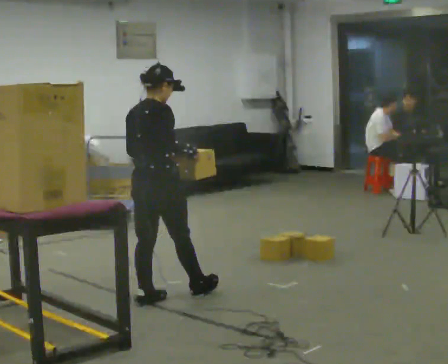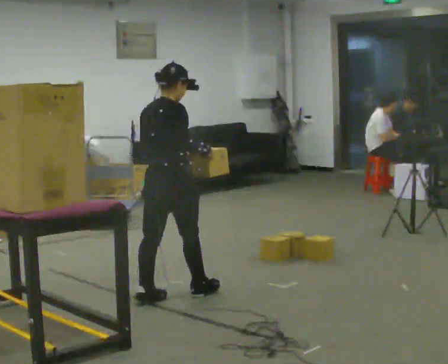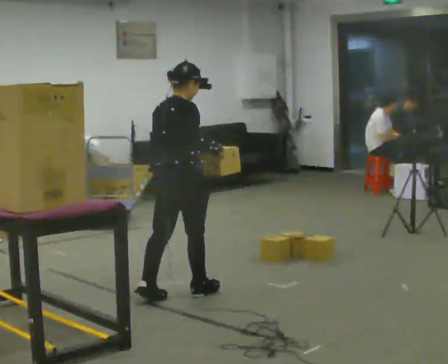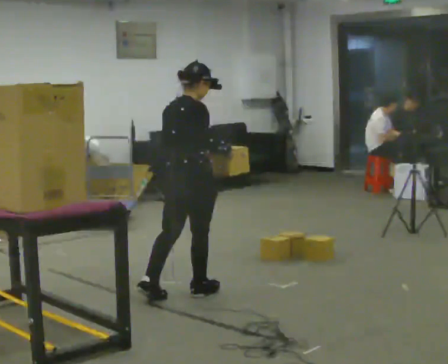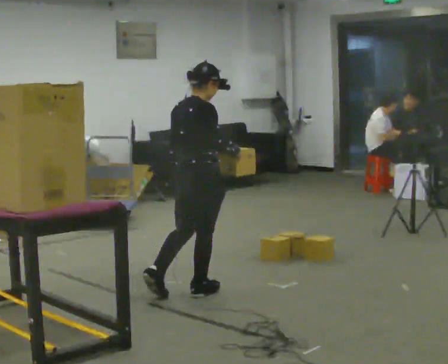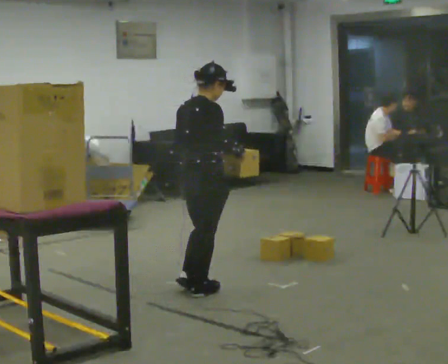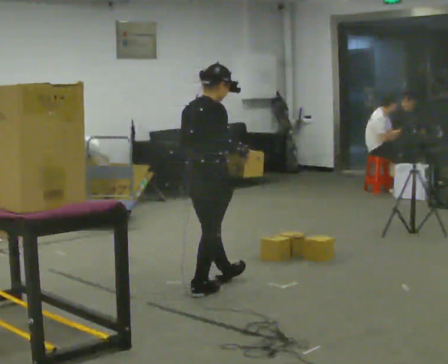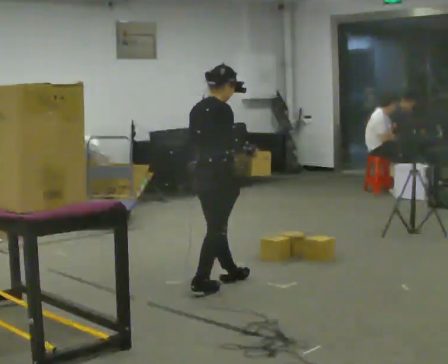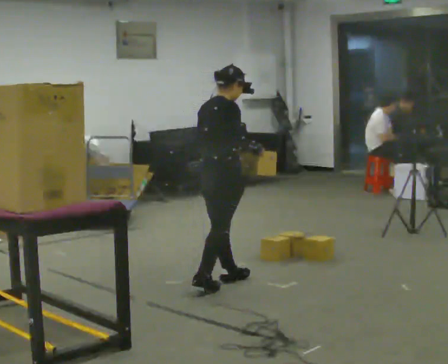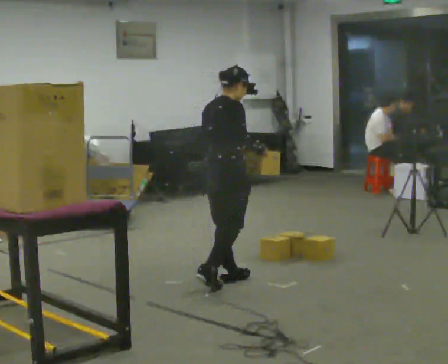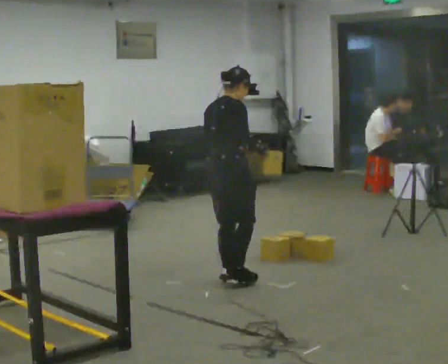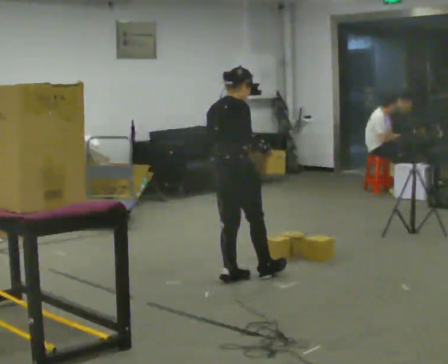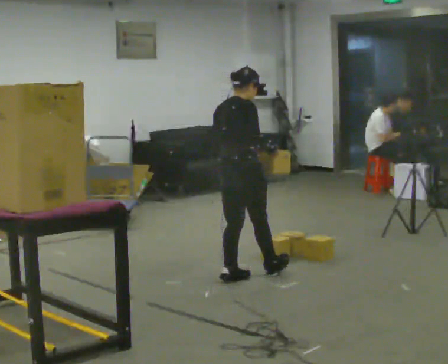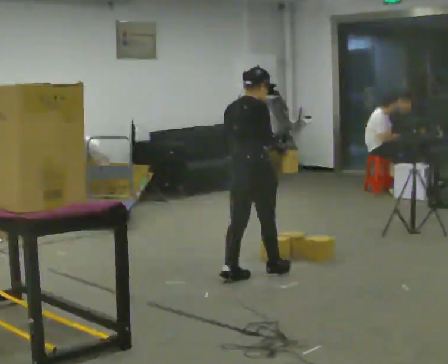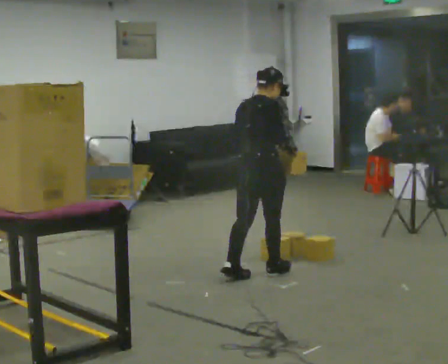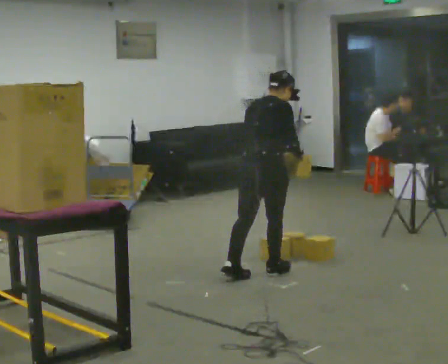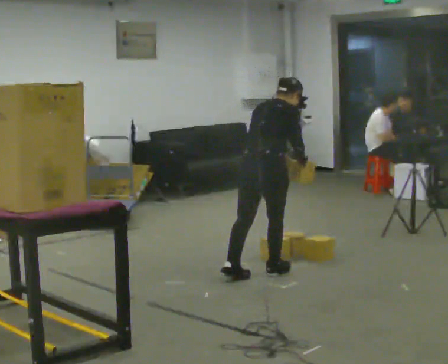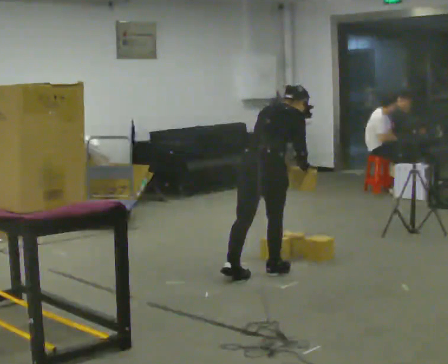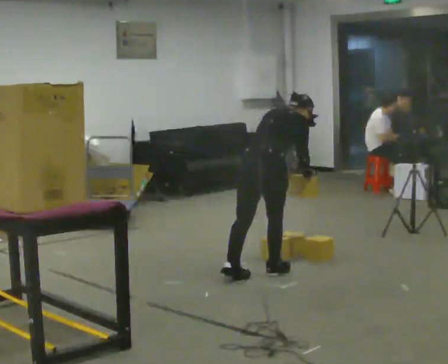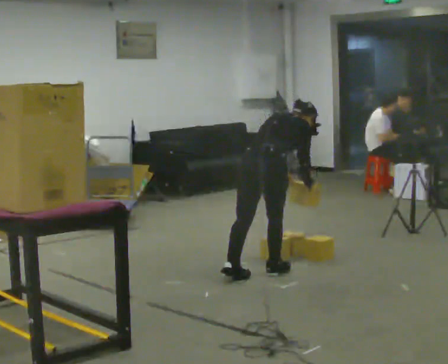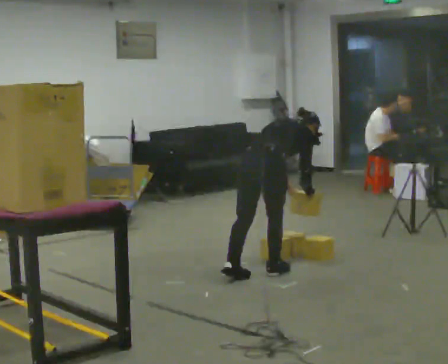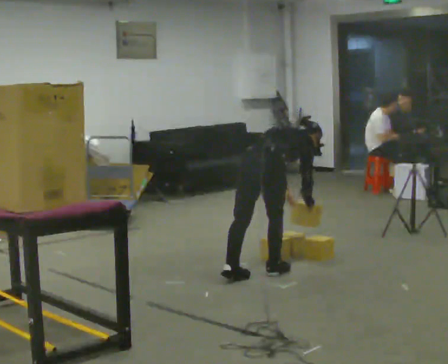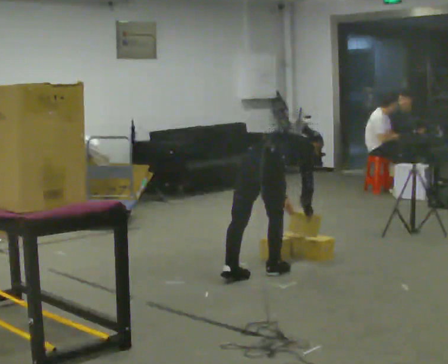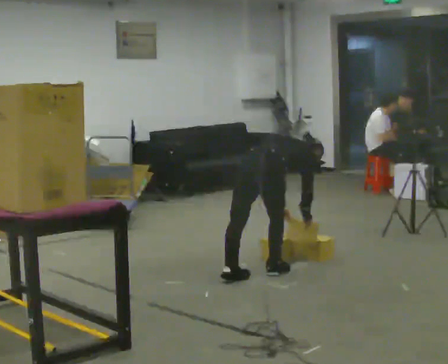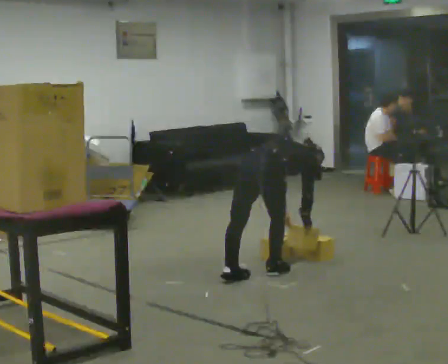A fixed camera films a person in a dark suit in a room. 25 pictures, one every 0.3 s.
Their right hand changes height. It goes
downward.
Their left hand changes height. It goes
downward.
0.0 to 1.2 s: In the picture they go to the right and away from the camera, about 0.25 m, which for them is forward.
1.2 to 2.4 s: In the picture they go away from the camera, about 0.25 m in 1 step, which for them is forward.
2.4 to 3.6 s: In the picture they go away from the camera, about 0.25 m in 1 step, which for them is forward.
3.6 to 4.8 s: In the picture they go to the right, about 0.25 m, which for them is forward. The upper body tips away from the camera, its near side rolling upward, as they bend forward.
4.8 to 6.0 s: The upper body tips away from the camera, its near side rolling upward, as they bend forward.
6.0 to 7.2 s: The upper body goes downward. The upper body tips away from the camera, its near side rolling upward, as they bend forward.
The film runs forward here.
